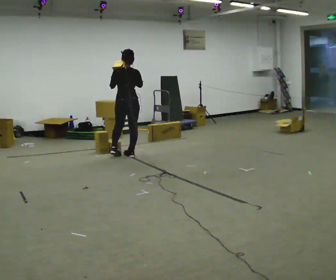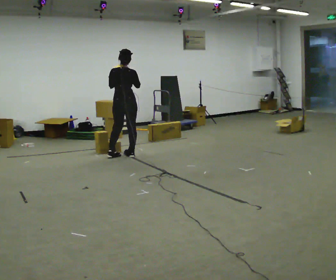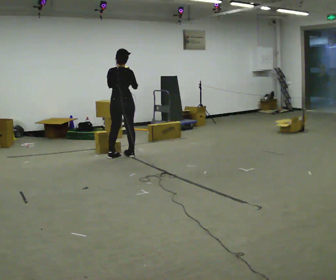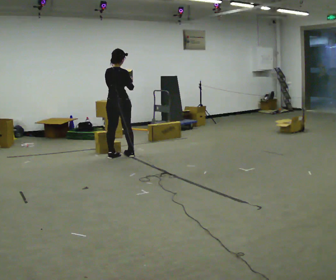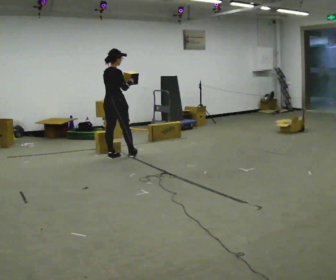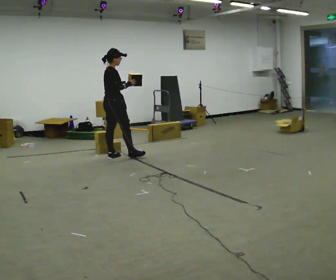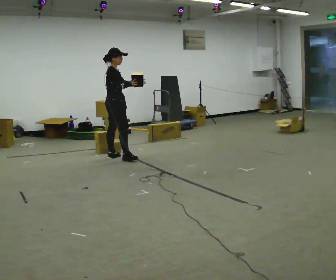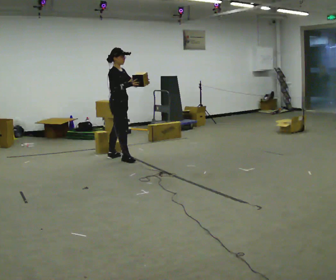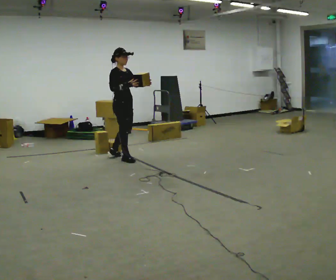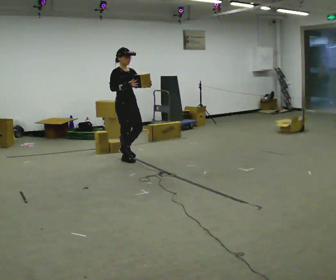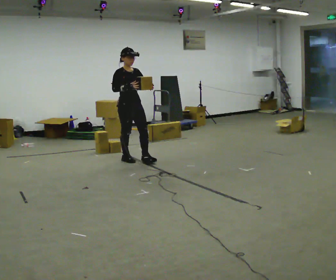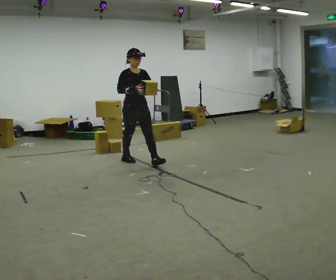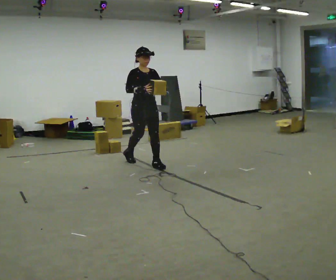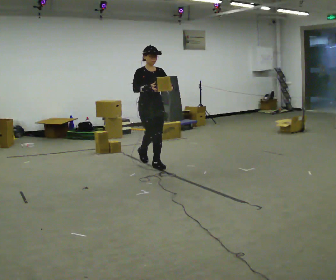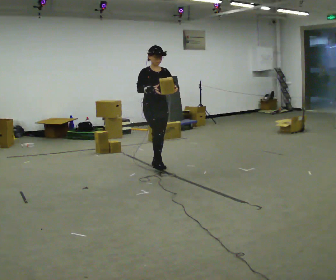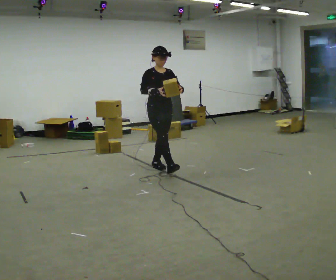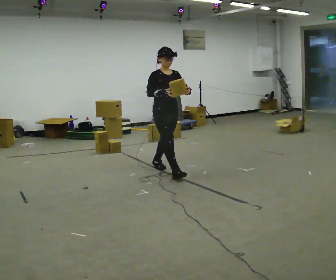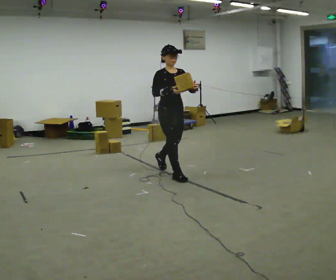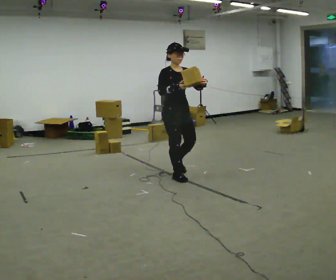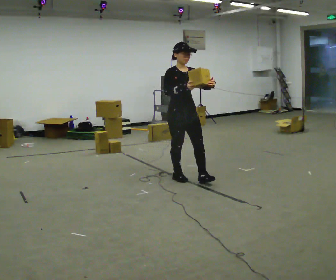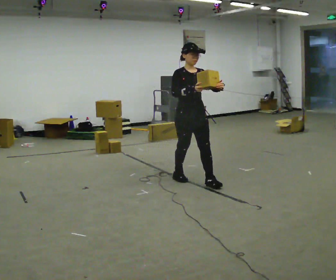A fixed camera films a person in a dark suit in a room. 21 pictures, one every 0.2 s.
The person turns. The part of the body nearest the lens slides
to the left.
The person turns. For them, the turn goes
to their right.
0.0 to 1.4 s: Seen from above the body turns clockwise, about 105 degrees: to their right, with its near side sliding to the left. In the picture they go toward the camera, about 0.25 m in 2 steps. In the picture their left hand goes to the right.
1.4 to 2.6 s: The person turns about 60 degrees to their right, clockwise seen from above, so the part of the body nearest the lens slides to the left. In the picture they go to the right and toward the camera, about 0.75 m in 1 step, which for them is forward.
2.6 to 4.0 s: In the picture they go toward the camera and to the right, about 1 m in 2 steps, which for them is forward.
The film runs forward here.
